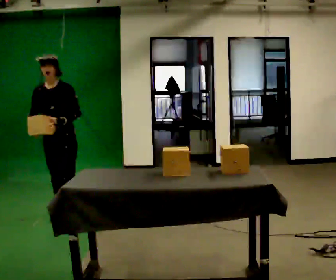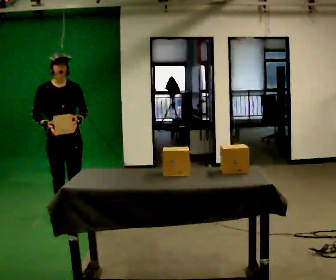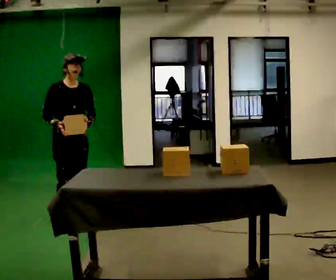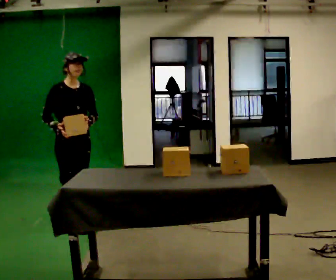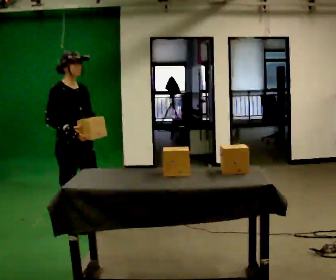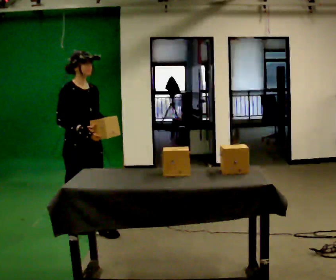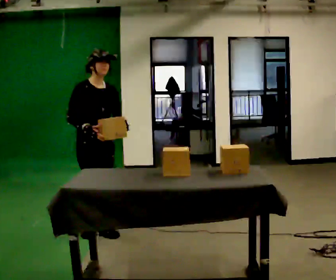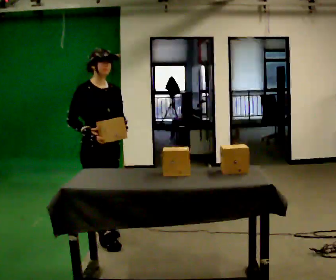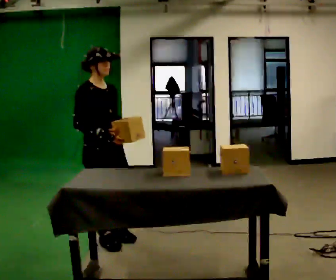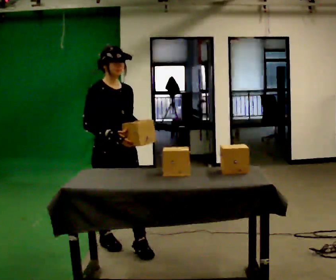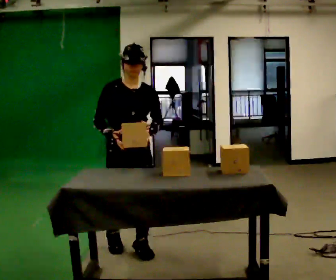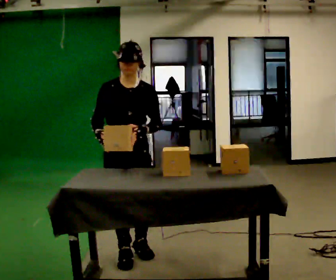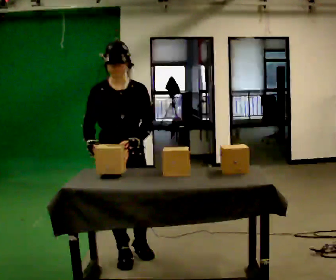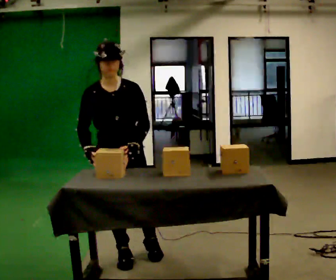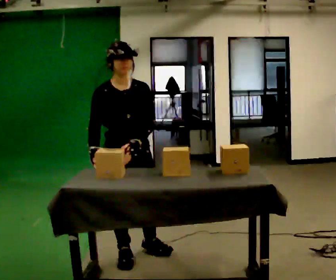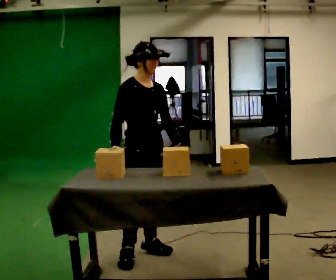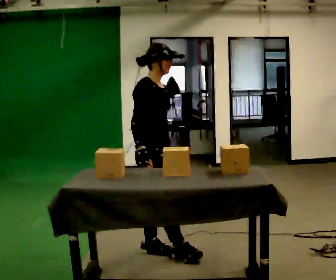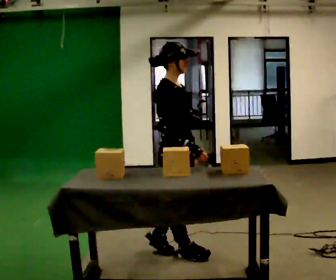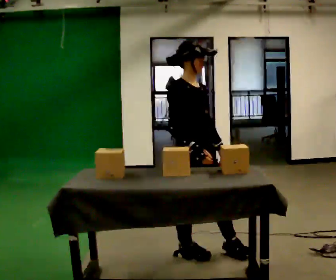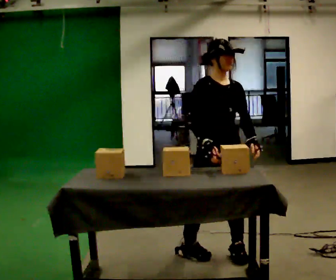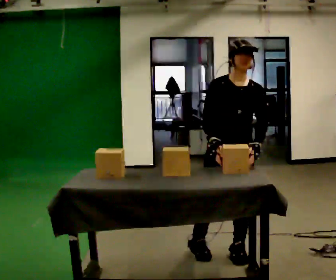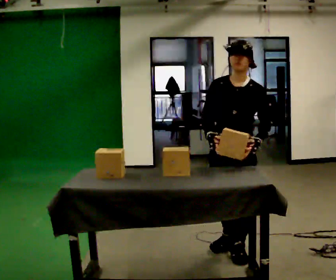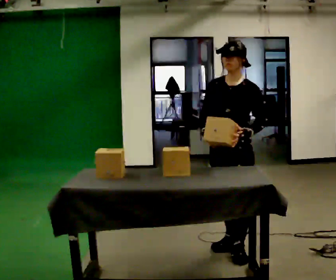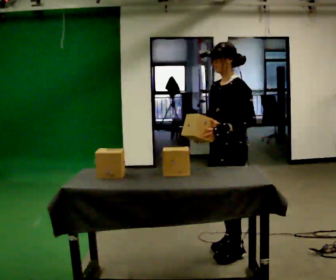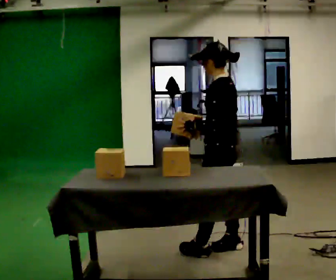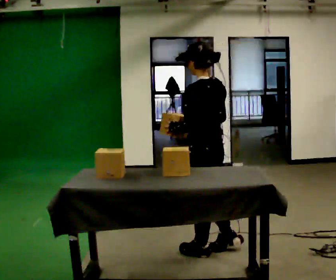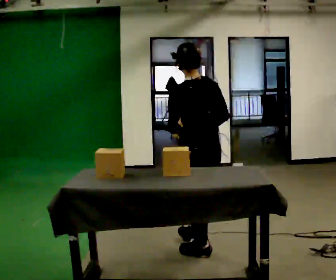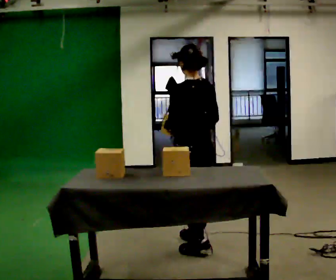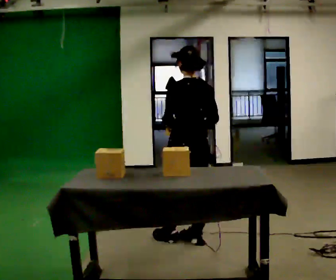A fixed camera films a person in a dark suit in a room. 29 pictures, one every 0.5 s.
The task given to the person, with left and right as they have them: Take an object off the waist-height shelf, carry it across the room, and set it down on the floor. Keep going until the operator says stop; one object at a time, and do not rush between trips.
0.0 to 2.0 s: The part of the body nearest the lens slides to the right as the person turns to their left by about 60 degrees. In the picture they go toward the camera and to the right, about 0.25 m in 1 step.
2.0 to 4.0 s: In the picture they go toward the camera and to the right, about 0.5 m in 2 steps, which for them is forward.
4.0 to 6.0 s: The part of the body nearest the lens slides to the left as the person turns to their right by about 45 degrees. In the picture they go toward the camera and to the right, about 0.5 m in 2 steps, which for them is forward.
6.0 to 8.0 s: Seen from above the body turns counterclockwise, about 60 degrees: to their left, with its near side sliding to the right. In the picture they go to the right, about 0.25 m.
8.0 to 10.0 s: The person turns about 75 degrees to their right, clockwise seen from above, so the part of the body nearest the lens slides to the left. In the picture they go to the right, about 0.5 m in 2 steps.
10.0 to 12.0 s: The person turns about 105 degrees to their right, clockwise seen from above, so the part of the body nearest the lens slides to the left.
12.0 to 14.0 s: Seen from above the body turns clockwise, about 30 degrees: to their right, with its near side sliding to the left. In the picture they go away from the camera and to the left, about 0.25 m in 1 step, which for them is forward.
The film runs forward here.
